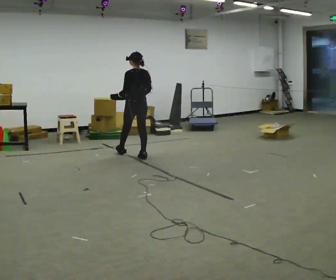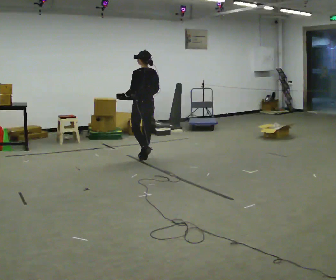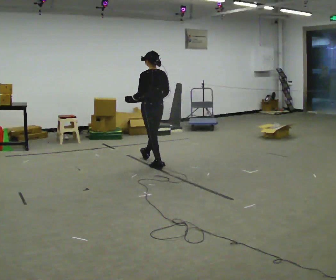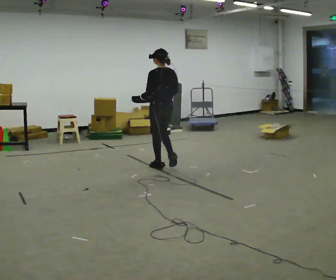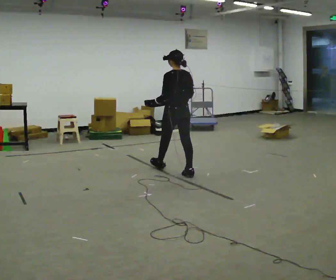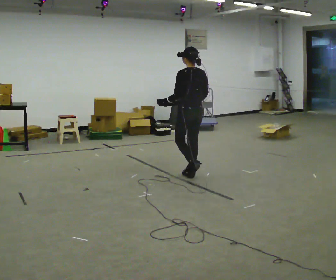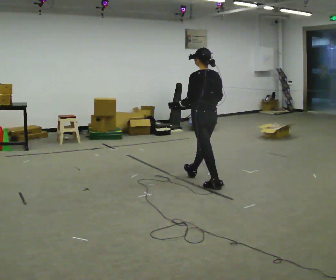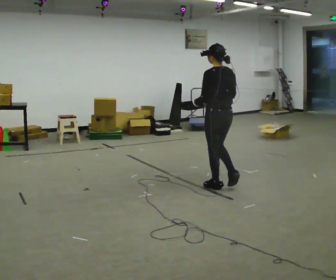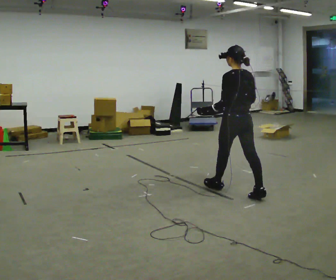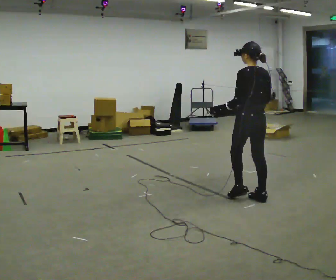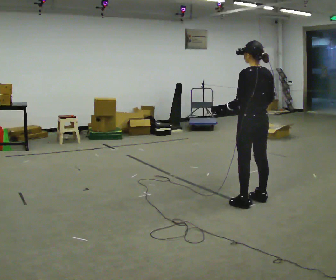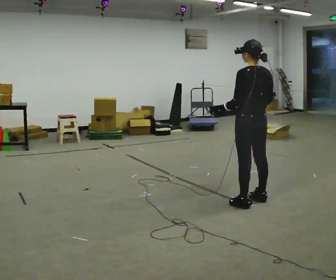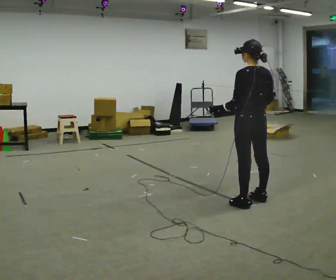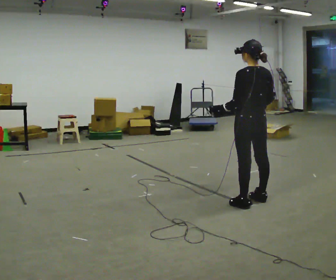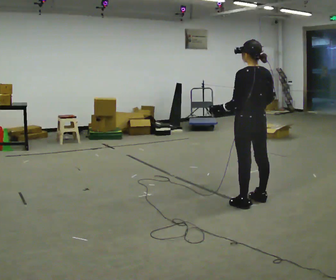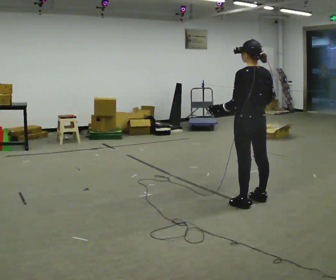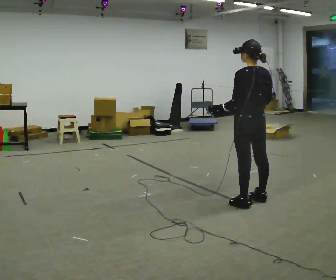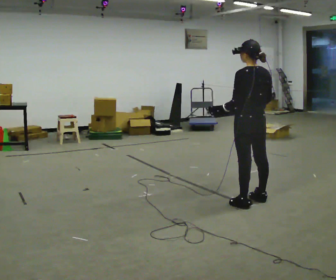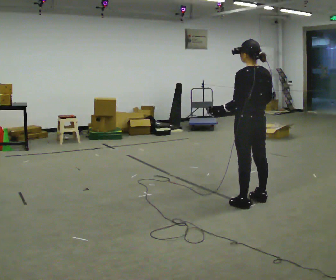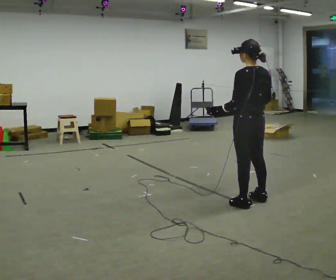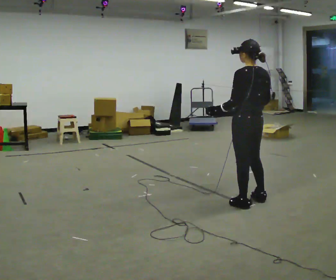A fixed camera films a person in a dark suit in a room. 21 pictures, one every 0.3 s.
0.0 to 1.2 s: In the picture they go to the right and toward the camera, about 1 m in 2 steps, which for them is backward.
1.2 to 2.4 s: In the picture they go to the right and toward the camera, about 1 m in 2 steps, which for them is backward.
2.4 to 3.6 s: In the picture they go toward the camera, about 0.25 m, which for them is backward.
3.6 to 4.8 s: The person keeps their place and pose.
4.8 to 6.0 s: The person moves a little, or ends about where they began.
The film runs backward here.
